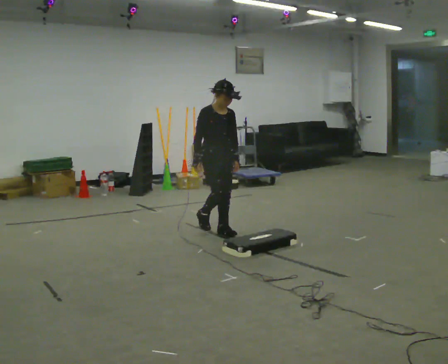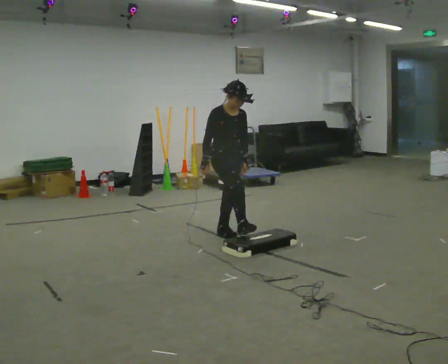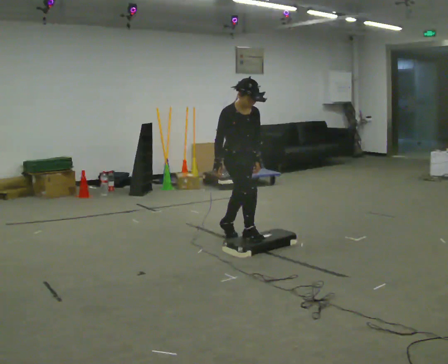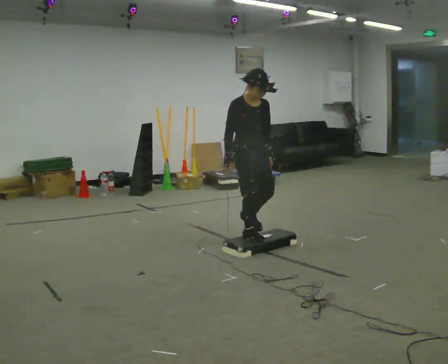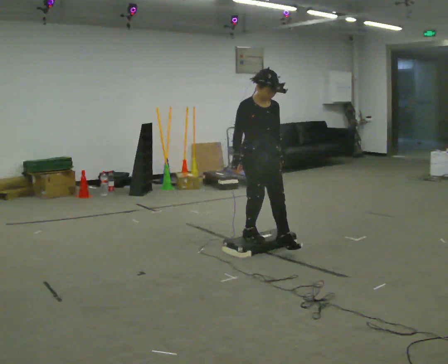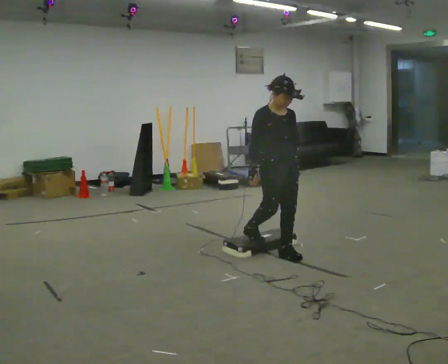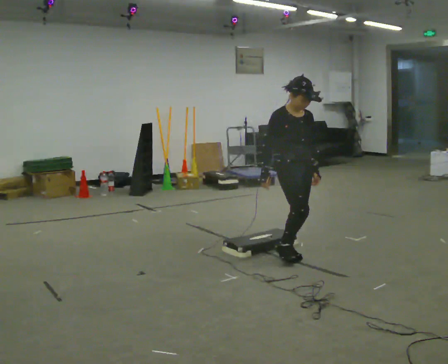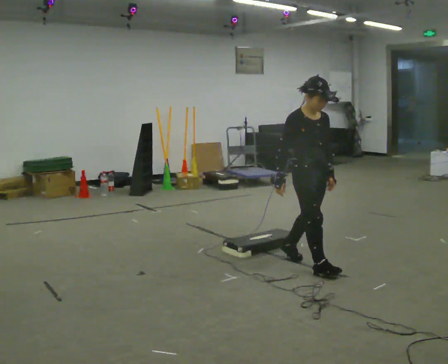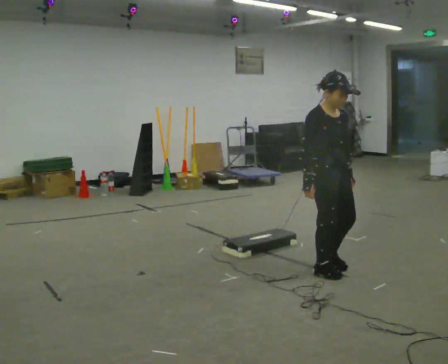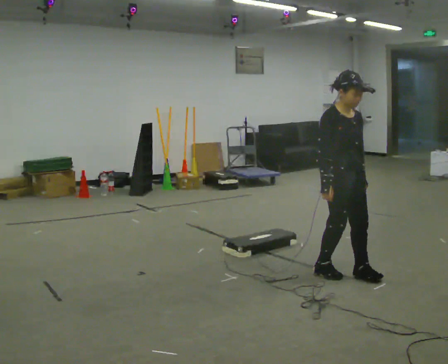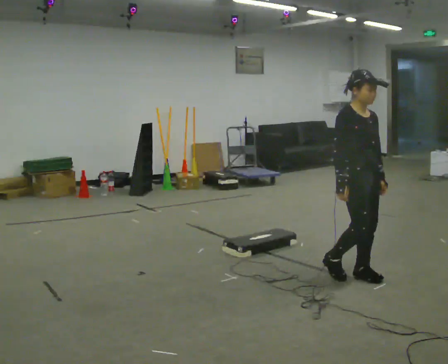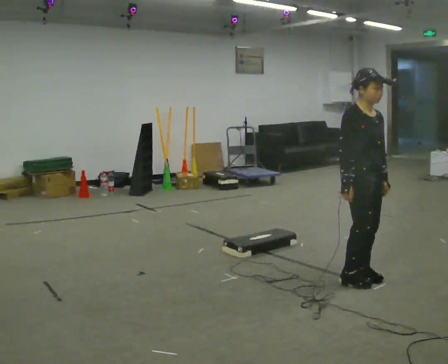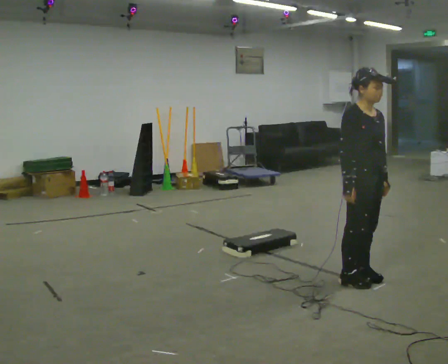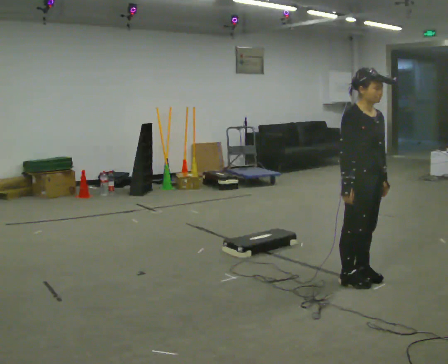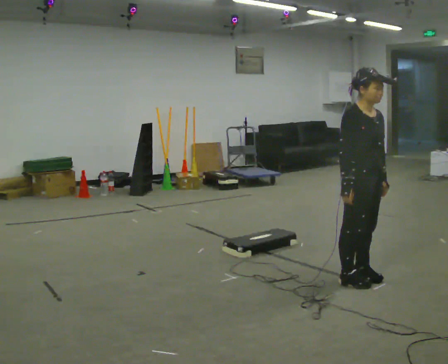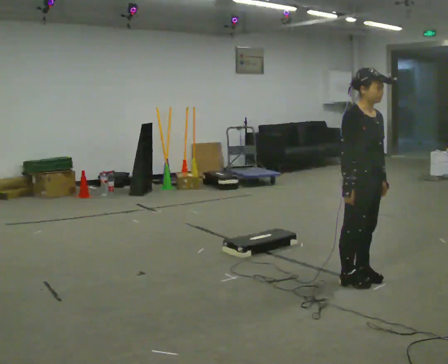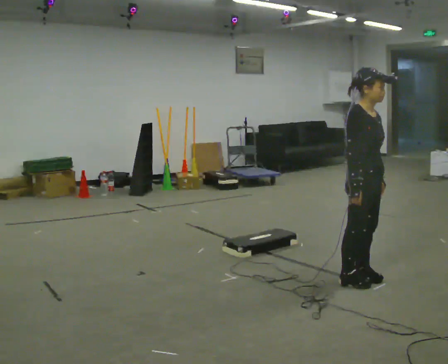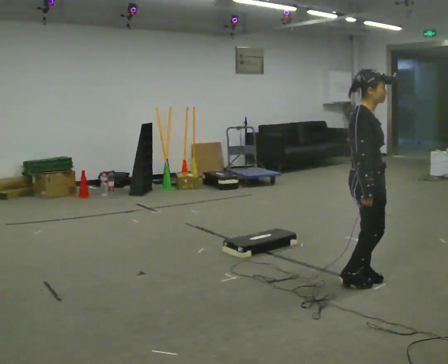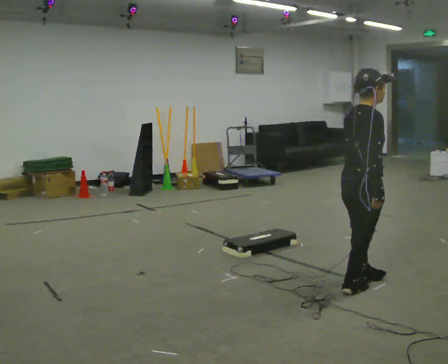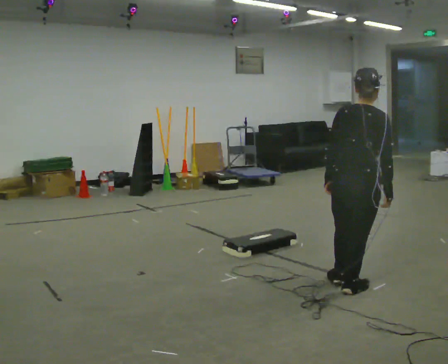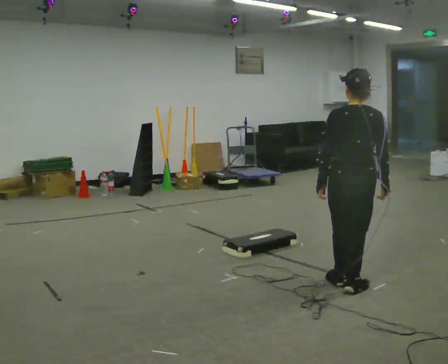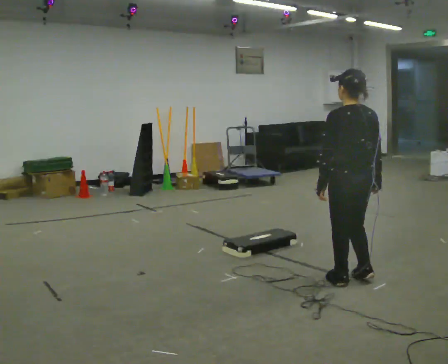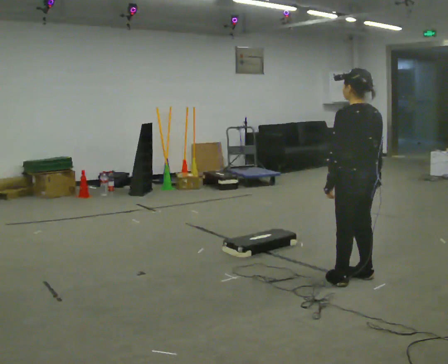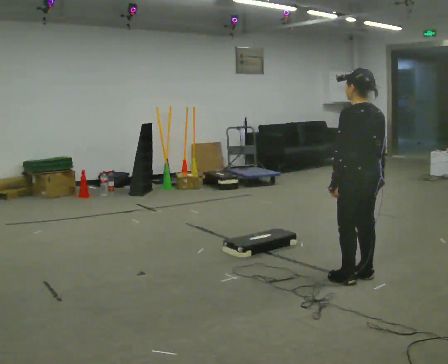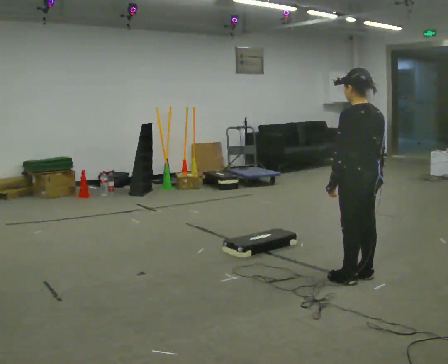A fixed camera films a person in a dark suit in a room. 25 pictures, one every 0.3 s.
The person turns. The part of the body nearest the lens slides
to the right.
The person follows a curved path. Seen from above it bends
counterclockwise.
0.0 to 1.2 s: In the picture they go toward the camera and to the right, about 0.75 m in 1 step, which for them is forward.
1.2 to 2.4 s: In the picture they go toward the camera and to the right, about 1 m in 2 steps, which for them is forward.
2.4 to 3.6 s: In the picture they go to the right and toward the camera, about 0.25 m in 2 steps, which for them is forward.
3.6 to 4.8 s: The person moves a little, or ends about where they began.
4.8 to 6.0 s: Seen from above the body turns counterclockwise, about 120 degrees: to their left, with its near side sliding to the right. In the picture their left hand goes to the left, the arm swinging clockwise.
6.0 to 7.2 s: The part of the body nearest the lens slides to the right as the person turns to their left by about 45 degrees.
The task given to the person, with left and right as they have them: Walk to the platform; step up onto it; step down the other side; continue walking.
The film runs forward here.
